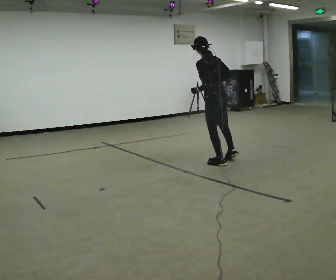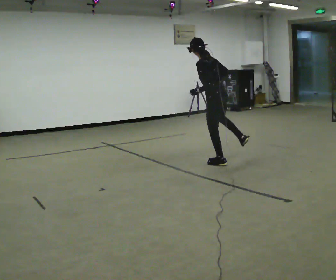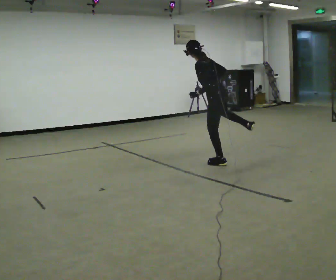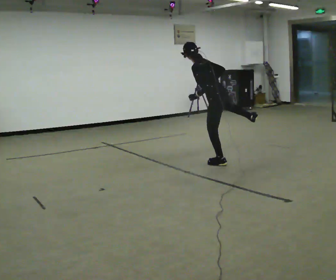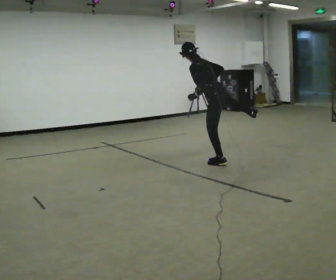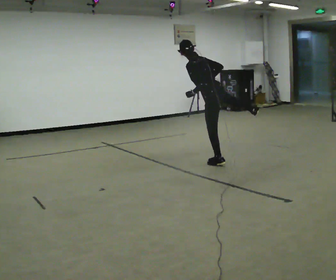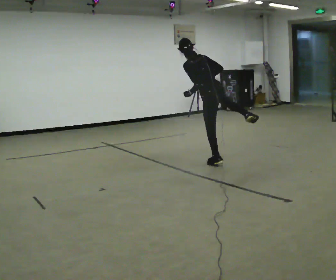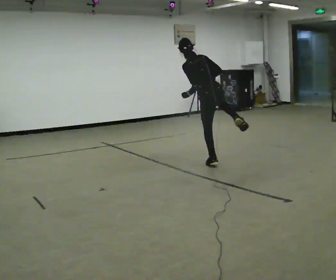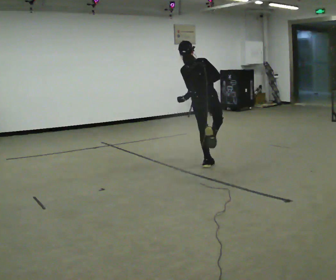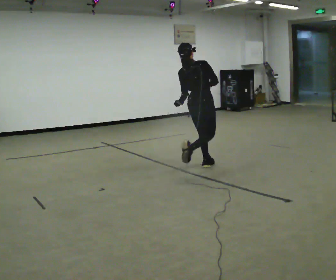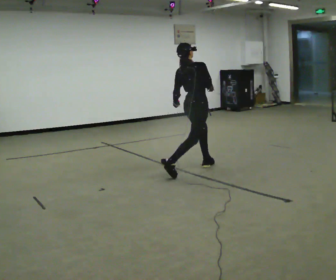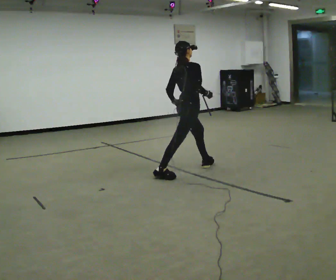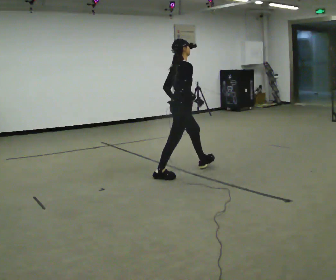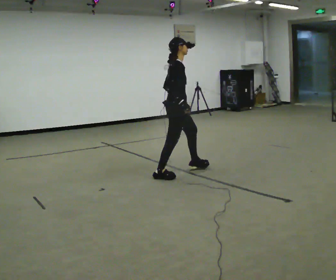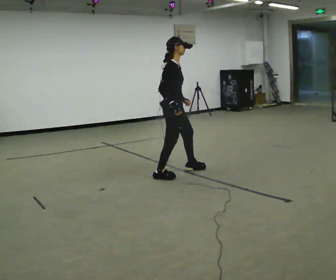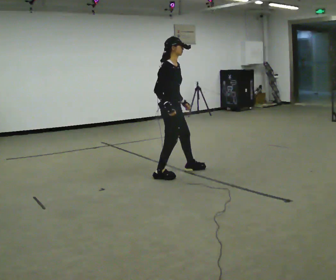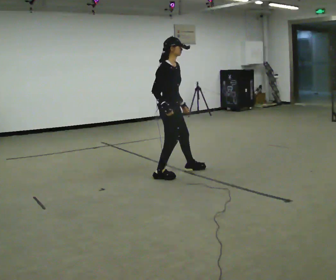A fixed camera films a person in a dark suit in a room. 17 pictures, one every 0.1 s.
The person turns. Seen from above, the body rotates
clockwise.
The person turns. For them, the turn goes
to their right.
0.0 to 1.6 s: The part of the body nearest the lens slides to the left as the person turns to their right by about 150 degrees. In the picture they go to the left and toward the camera, about 0.5 m in 2 steps.
The film runs backward here.
